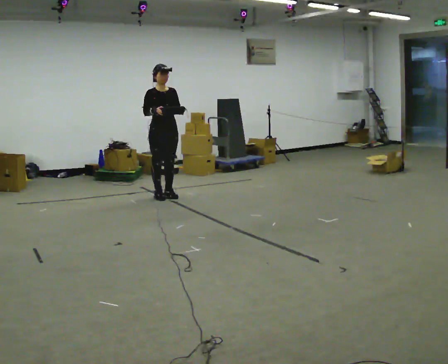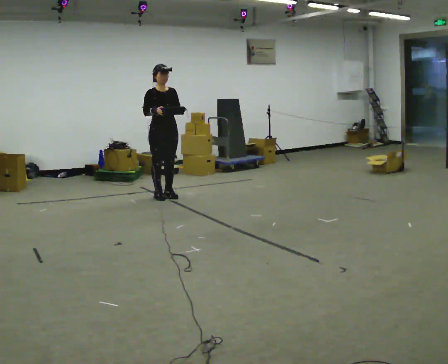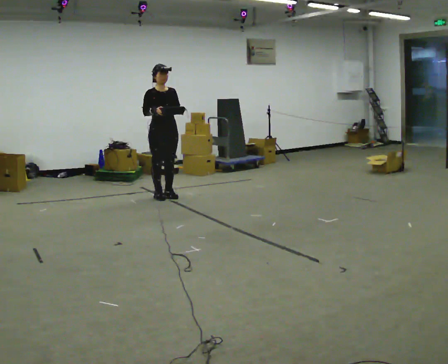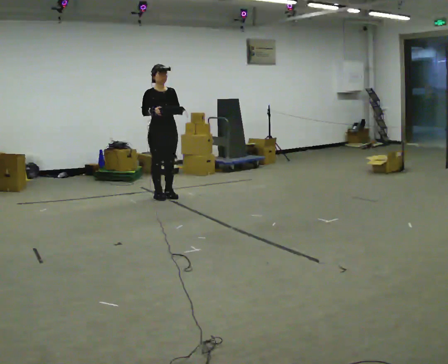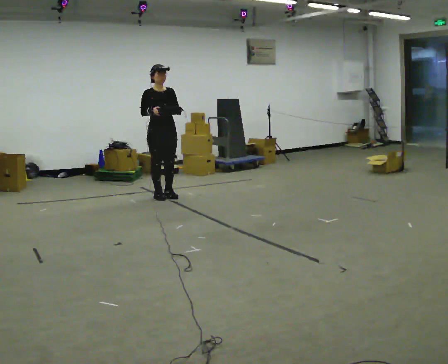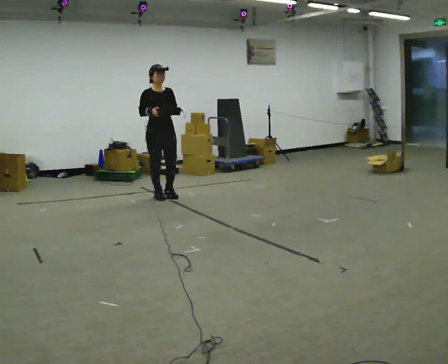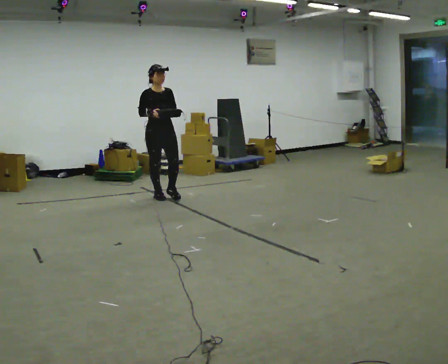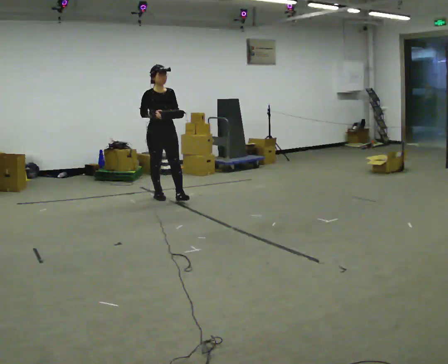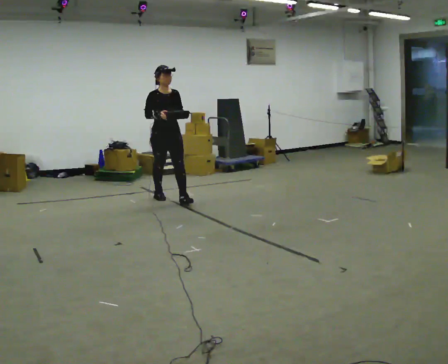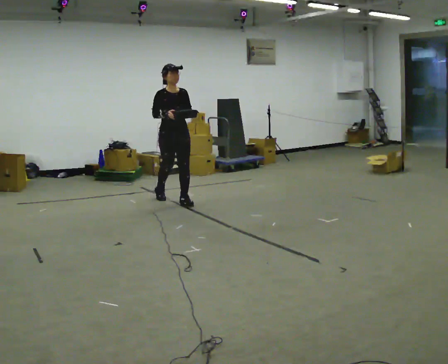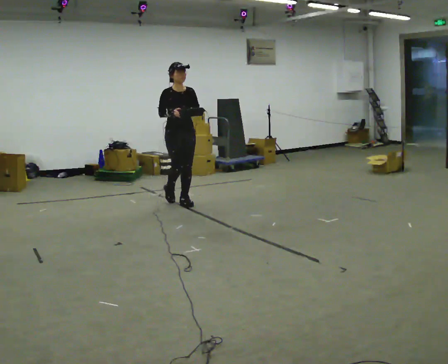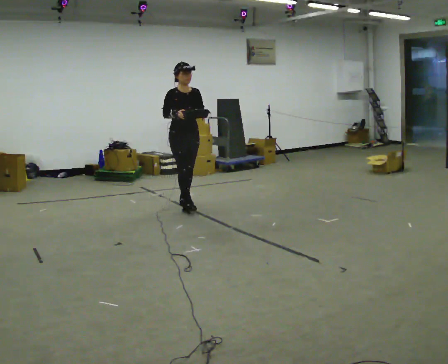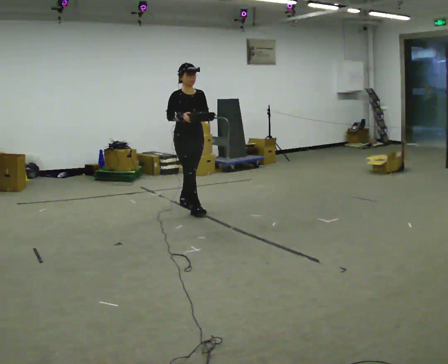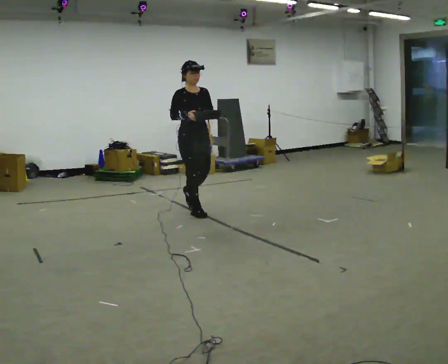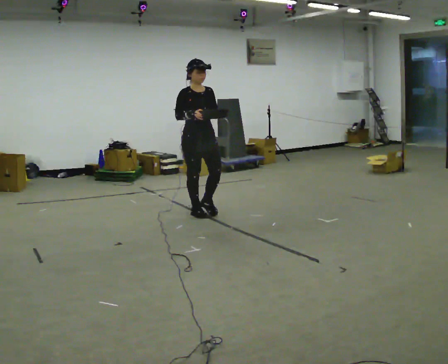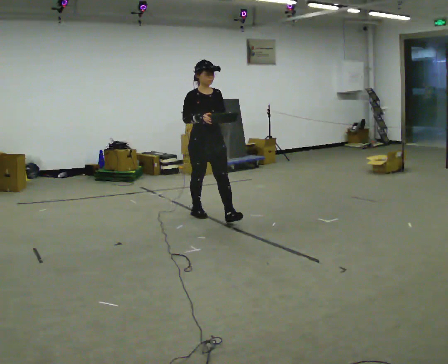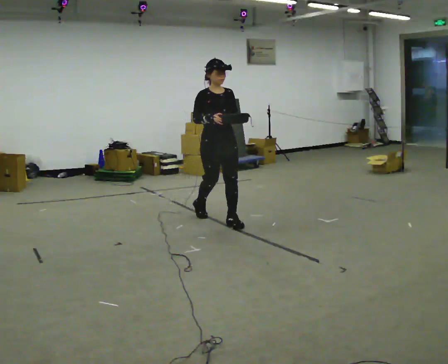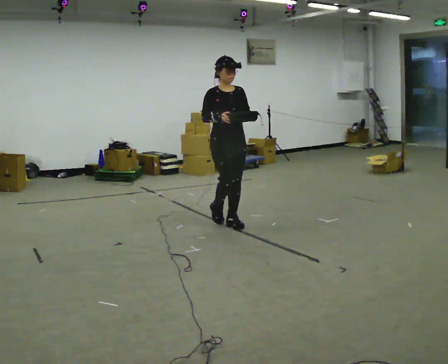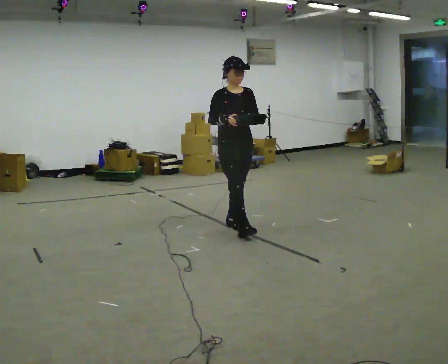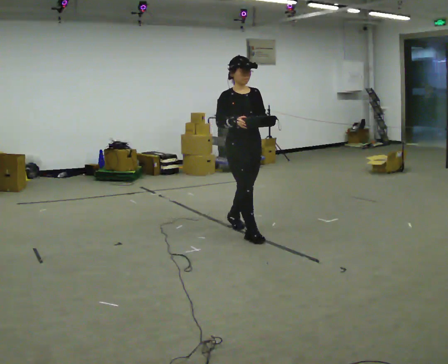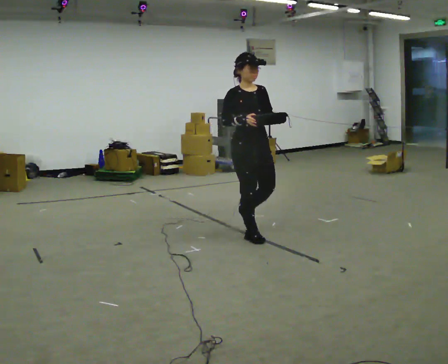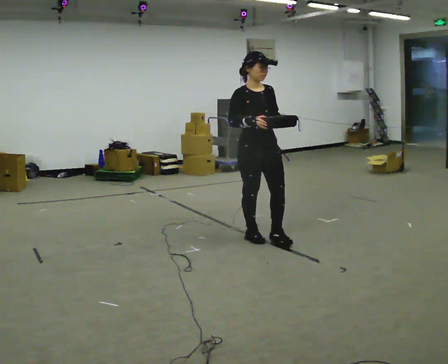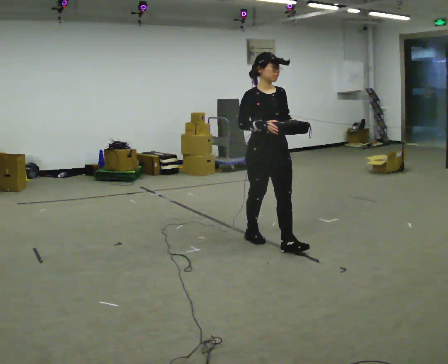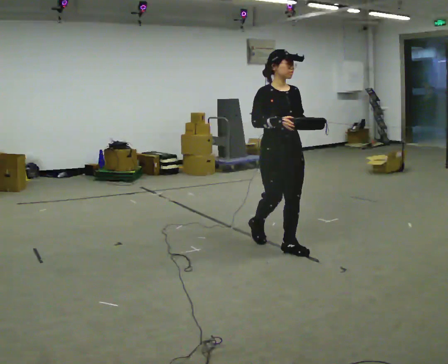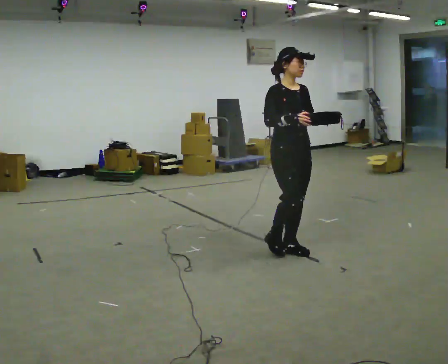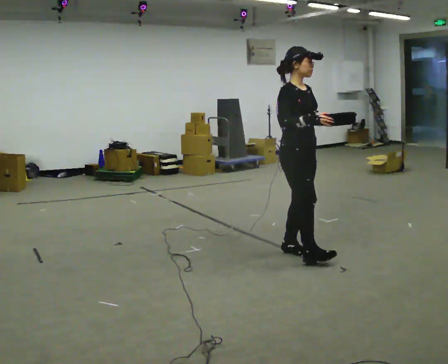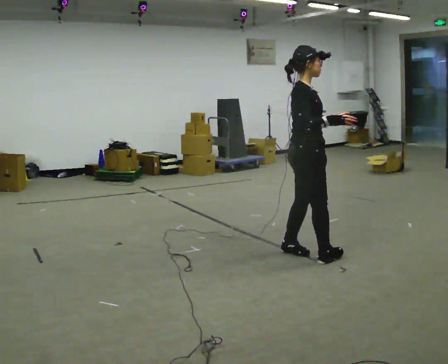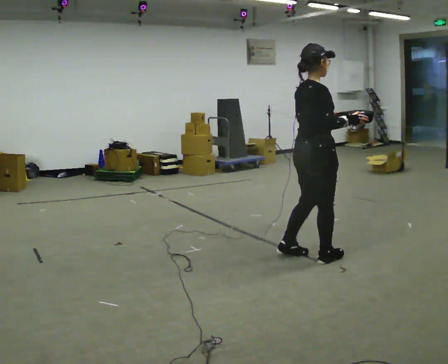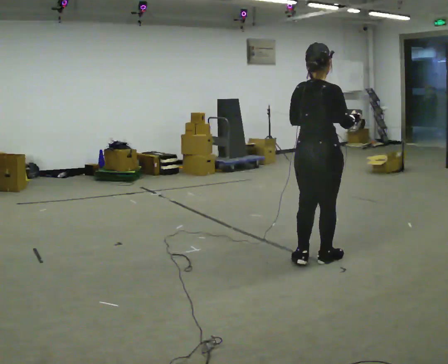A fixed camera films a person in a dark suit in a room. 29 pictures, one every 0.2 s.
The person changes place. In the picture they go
toward the camera.
0.0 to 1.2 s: The person moves a little, or ends about where they began.
1.2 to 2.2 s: In the picture they go toward the camera and to the right, about 0.5 m in 1 step, which for them is forward.
2.2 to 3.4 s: In the picture they go toward the camera and to the right, about 1 m in 2 steps, which for them is forward.
3.4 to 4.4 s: In the picture they go toward the camera and to the right, about 0.5 m in 2 steps, which for them is forward.
4.4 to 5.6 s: Seen from above the body turns counterclockwise, about 120 degrees: to their left, with its near side sliding to the right. In the picture they go toward the camera and to the right, about 0.5 m in 1 step.
The film runs forward here.
